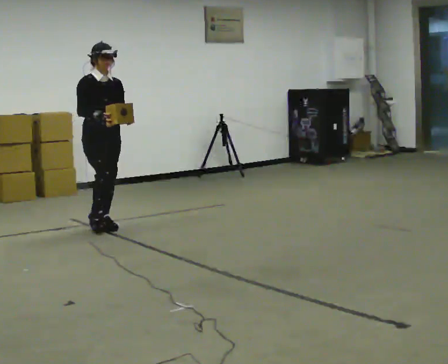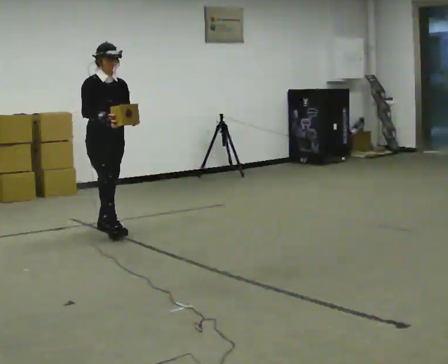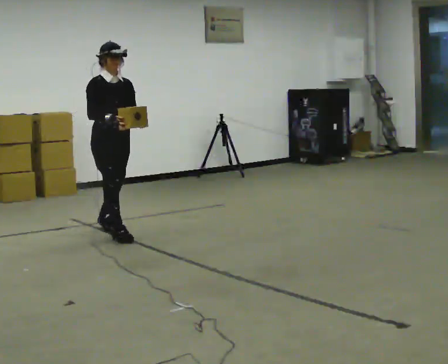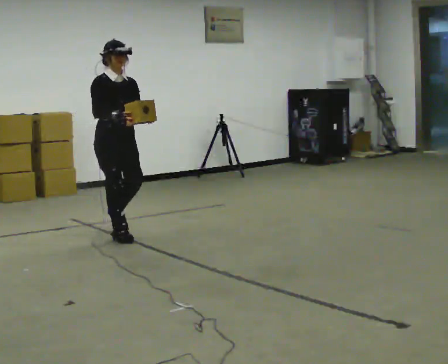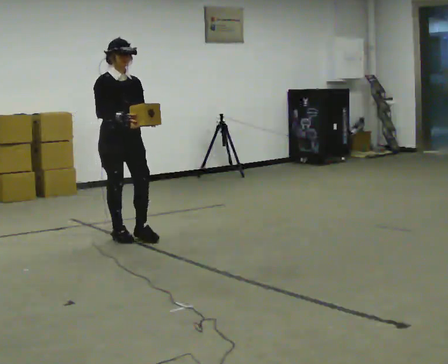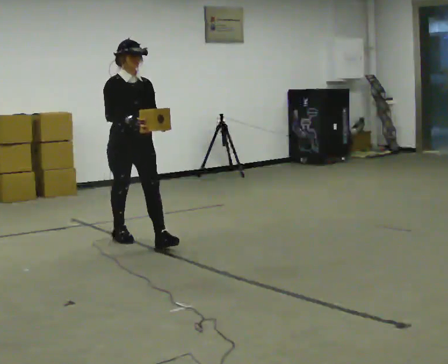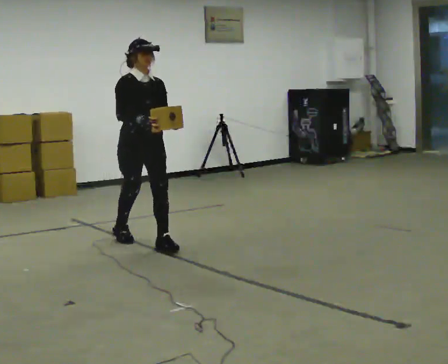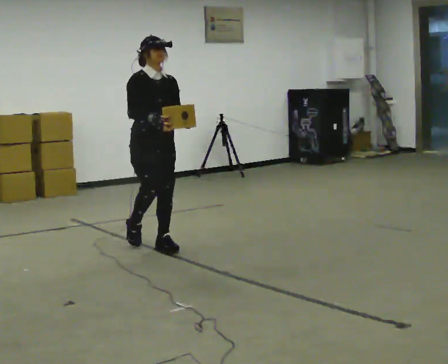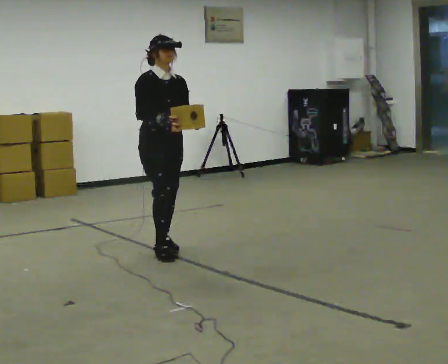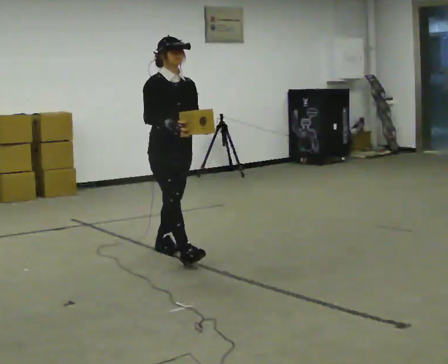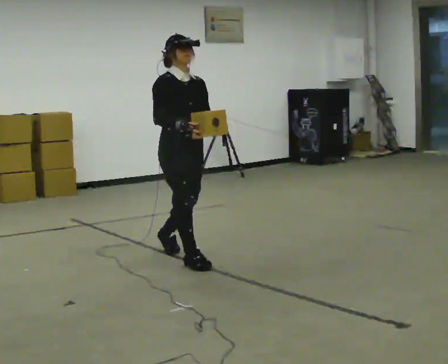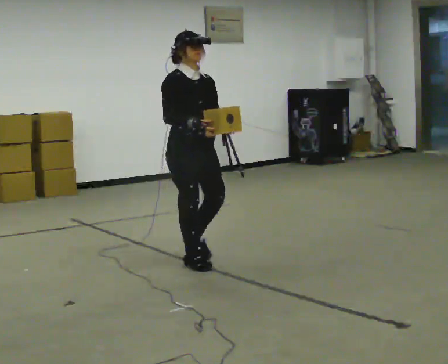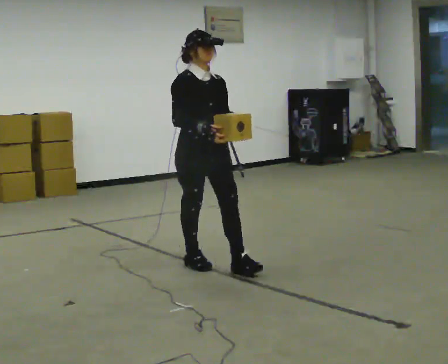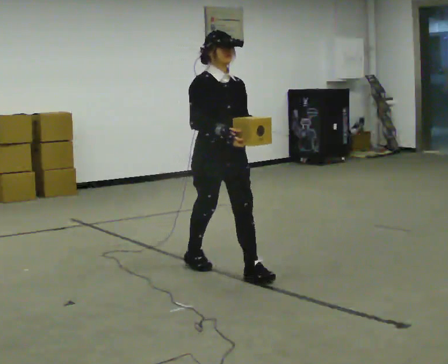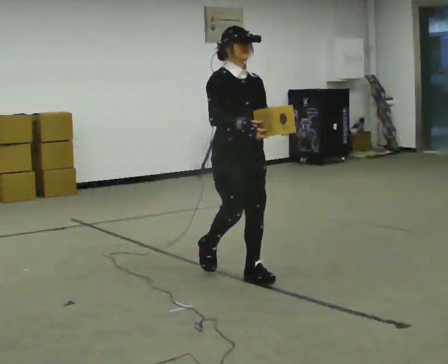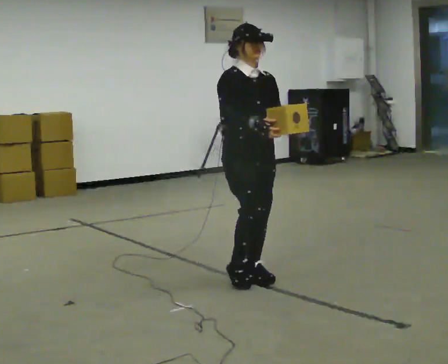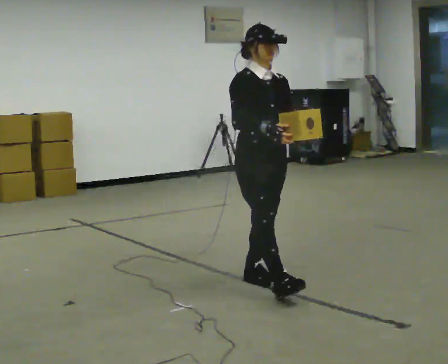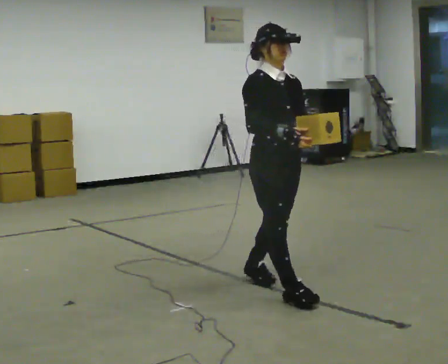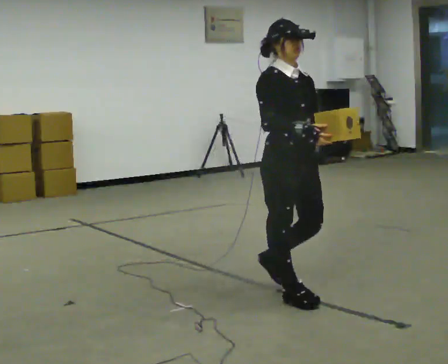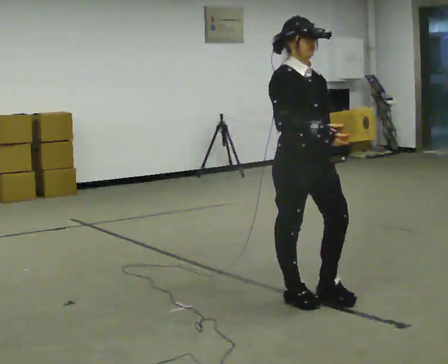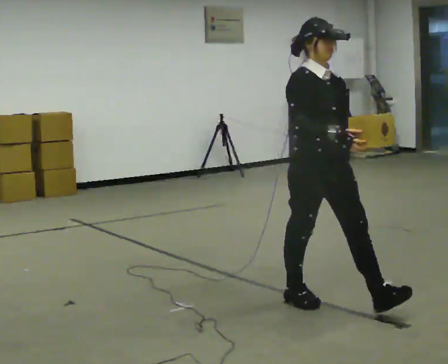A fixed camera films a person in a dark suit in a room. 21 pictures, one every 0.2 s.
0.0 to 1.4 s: In the picture they go toward the camera and to the right, about 1 m in 2 steps, which for them is forward.
1.4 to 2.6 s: In the picture they go toward the camera and to the right, about 1 m in 2 steps, which for them is forward.
2.6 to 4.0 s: In the picture they go toward the camera and to the right, about 1 m in 1 step, which for them is forward.
The film runs forward here.
